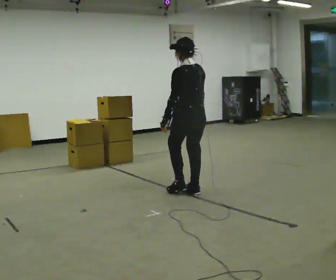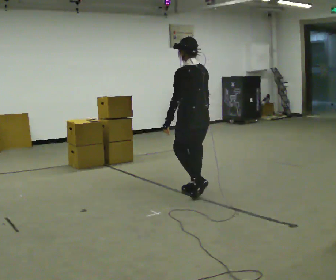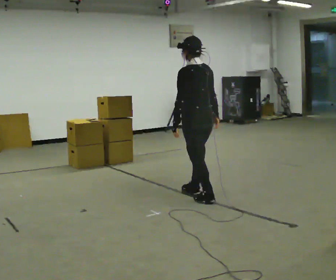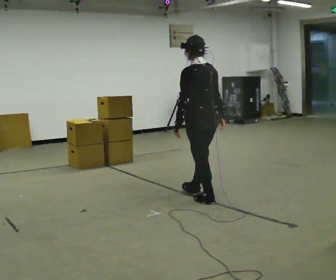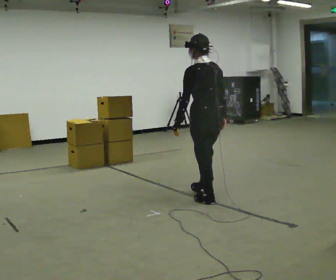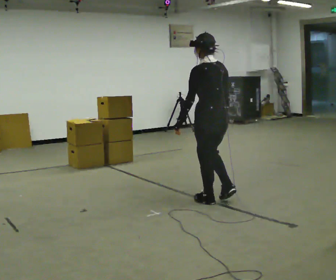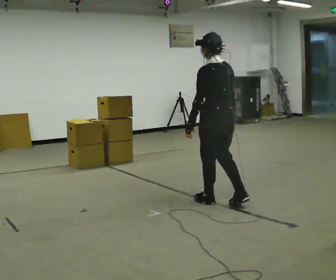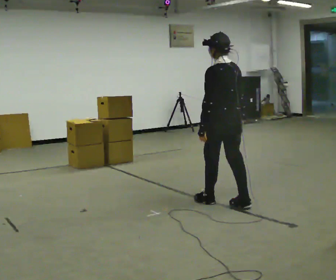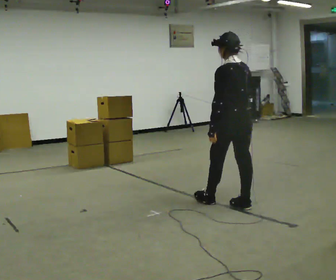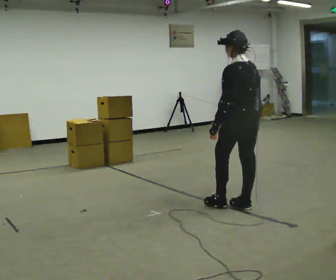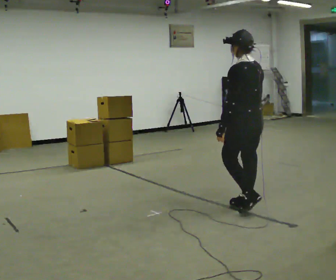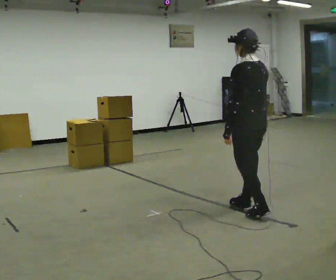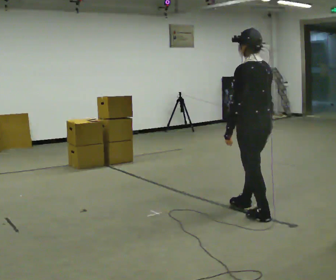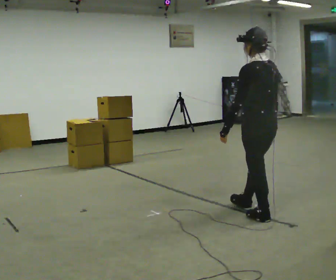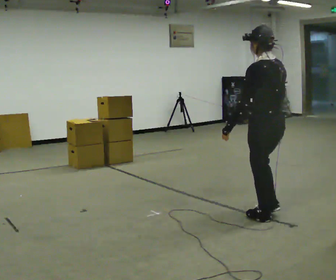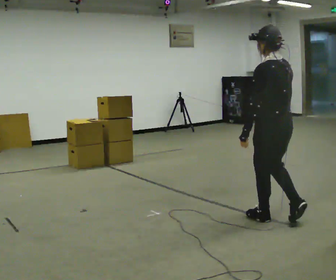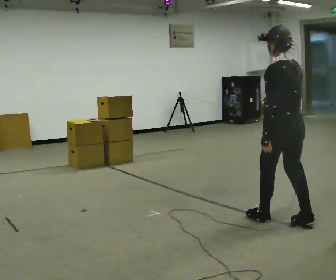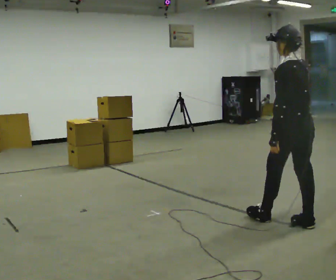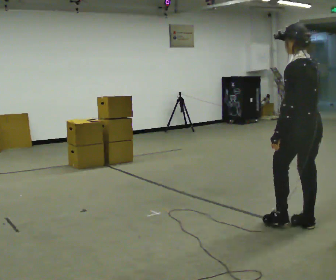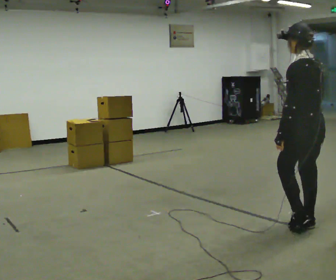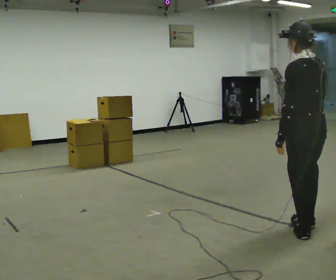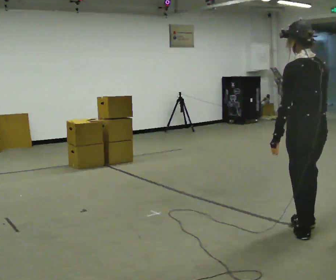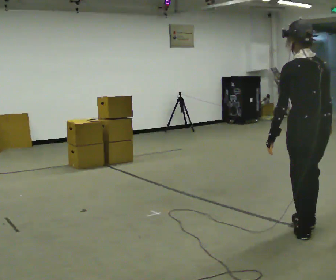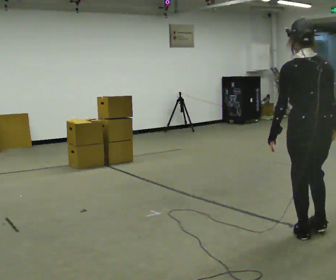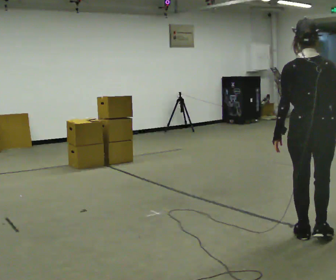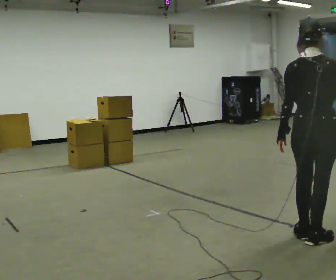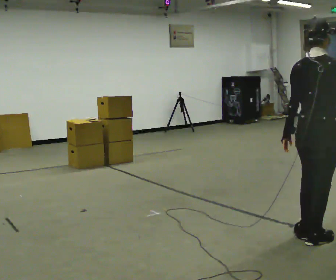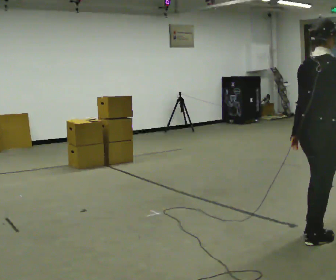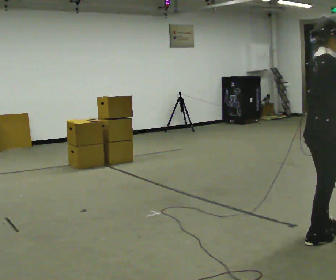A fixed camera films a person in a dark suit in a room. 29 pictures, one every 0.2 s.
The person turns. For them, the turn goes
to their right.
The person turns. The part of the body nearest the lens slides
to the left.
0.0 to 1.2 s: In the picture they go toward the camera and to the right, about 0.5 m in 1 step, which for them is backward.
1.2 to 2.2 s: In the picture they go to the right and toward the camera, about 0.5 m in 1 step, which for them is backward.
2.2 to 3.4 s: In the picture they go to the right and toward the camera, about 0.5 m in 1 step, which for them is backward.
3.4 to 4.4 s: In the picture they go toward the camera, about 0.25 m in 1 step, which for them is backward.
4.4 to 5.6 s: Seen from above the body turns clockwise, about 105 degrees: to their right, with its near side sliding to the left.
The film runs backward here.
